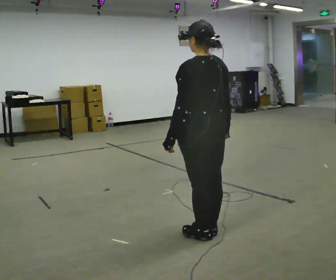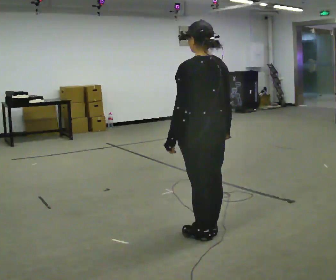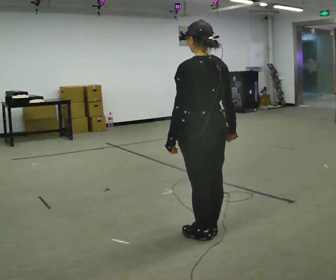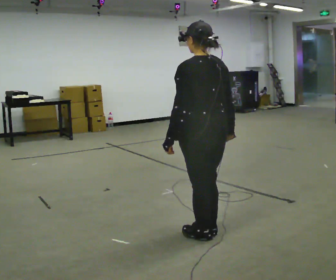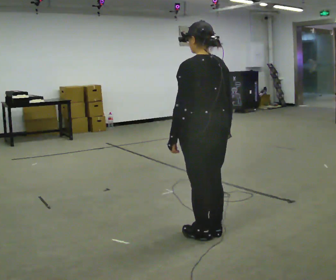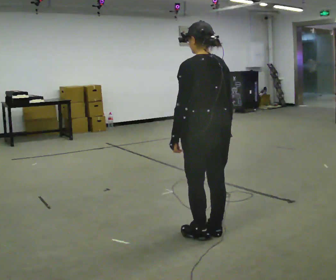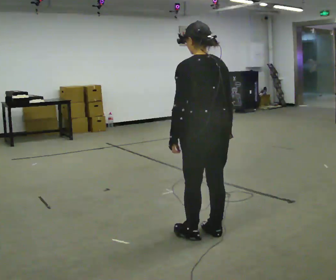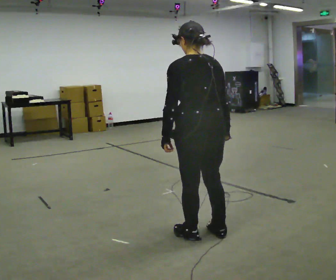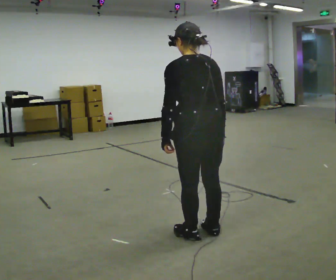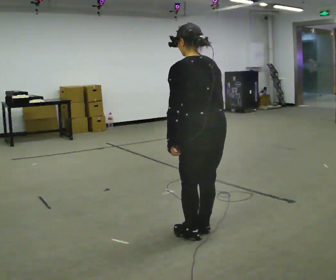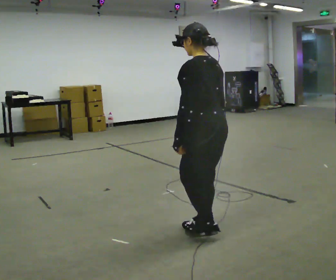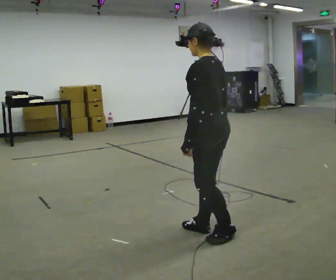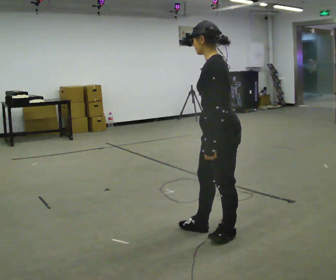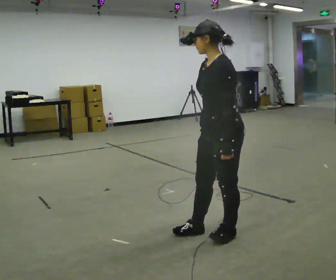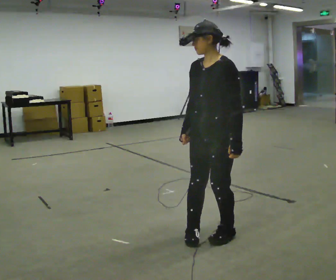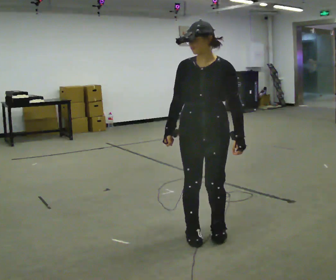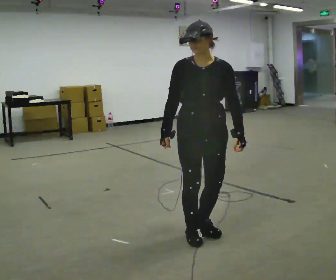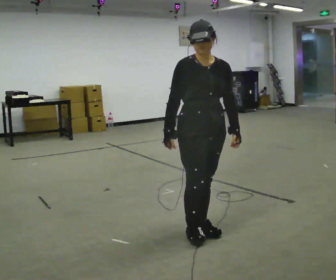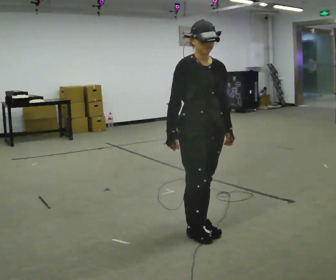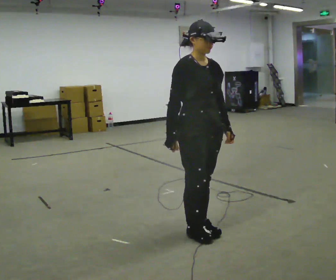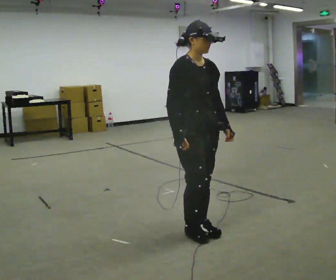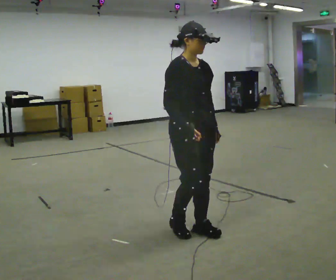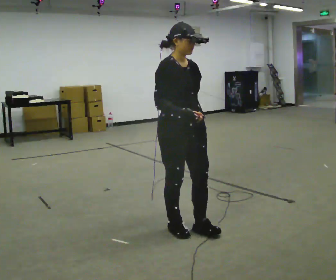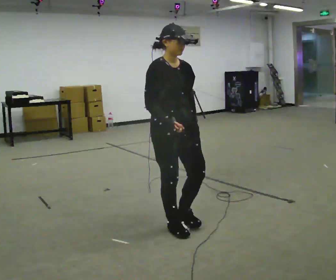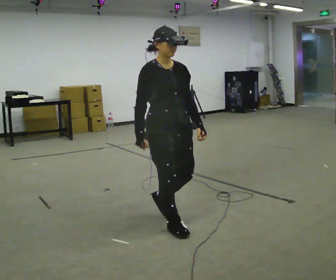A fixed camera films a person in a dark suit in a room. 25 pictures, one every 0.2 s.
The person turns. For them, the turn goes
to their left.
The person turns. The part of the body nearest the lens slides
to the right.
0.0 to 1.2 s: The person moves a little, or ends about where they began.
1.2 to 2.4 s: The person turns about 60 degrees to their left, counterclockwise seen from above, so the part of the body nearest the lens slides to the right.
2.4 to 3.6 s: The person turns about 135 degrees to their left, counterclockwise seen from above, so the part of the body nearest the lens slides to the right. In the picture they go to the left, about 0.25 m in 1 step. In the picture their right hand goes to the left.
3.6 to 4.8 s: In the picture they go to the left, about 0.25 m in 2 steps, which for them is backward.
The film runs backward here.
